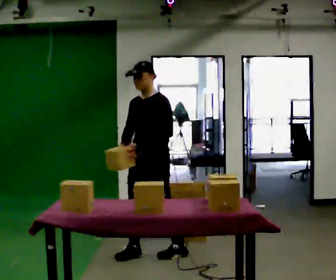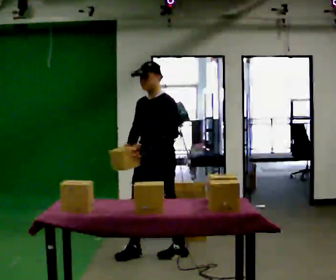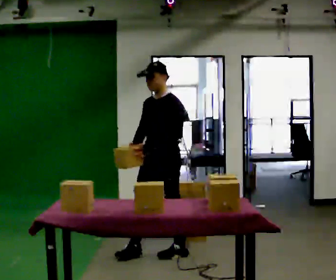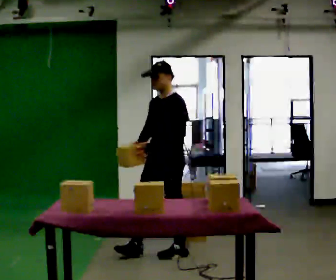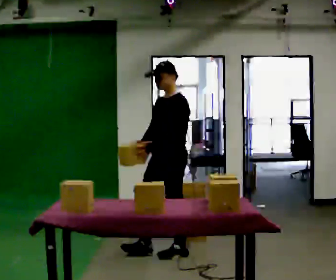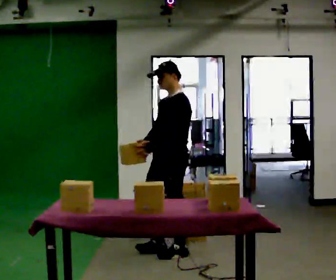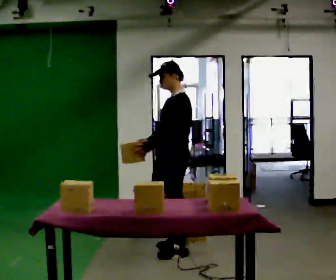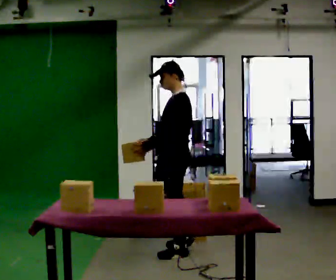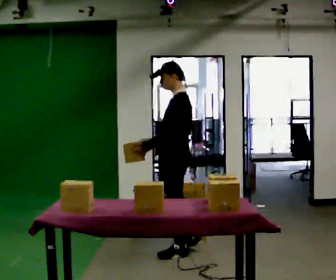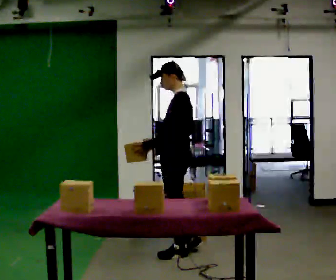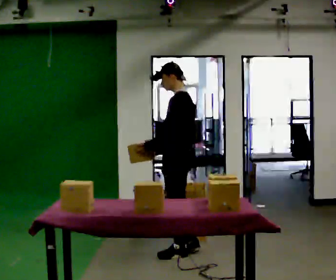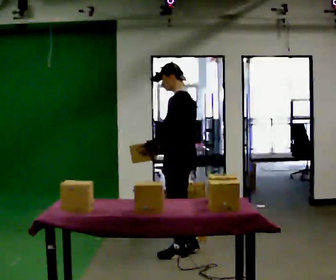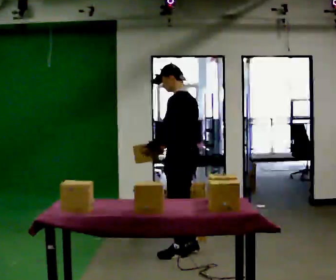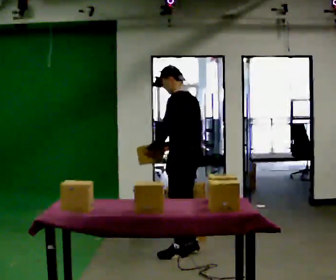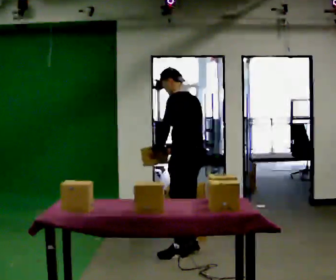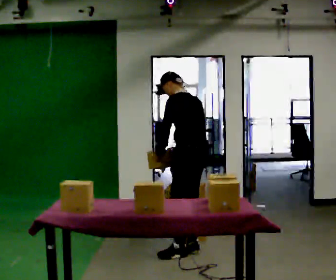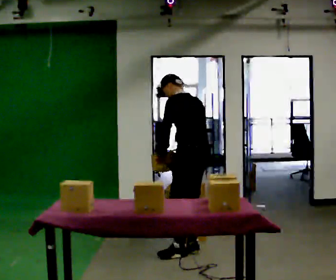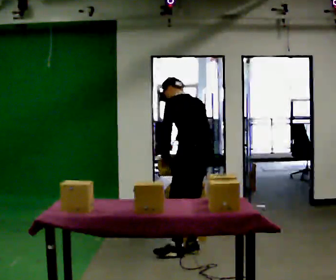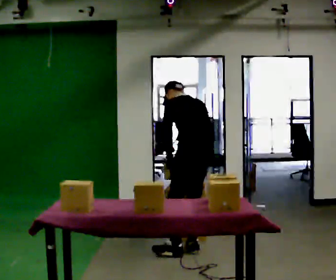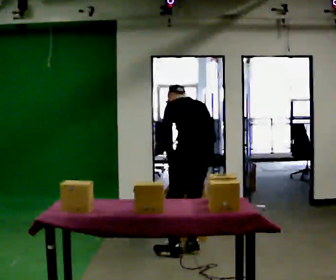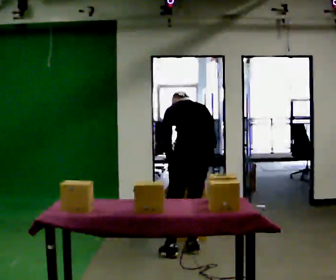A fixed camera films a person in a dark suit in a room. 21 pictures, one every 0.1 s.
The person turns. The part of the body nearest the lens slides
to the left.
The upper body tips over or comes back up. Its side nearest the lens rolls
upward.
0.0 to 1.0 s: Seen from above the body turns clockwise, about 60 degrees: to their right, with its near side sliding to the left. In the picture they go to the right, about 0.25 m in 1 step, which for them is backward.
1.0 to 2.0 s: The part of the body nearest the lens slides to the left as the person turns to their right by about 60 degrees. The upper body tips away from the camera, its near side rolling upward, as they bend forward. In the picture their right hand goes to the right.
The film runs backward here.
